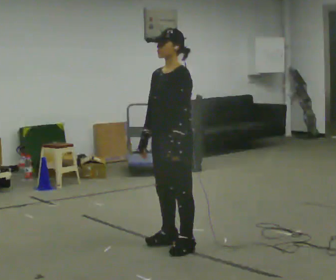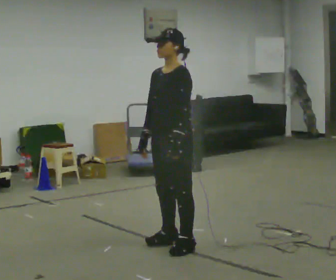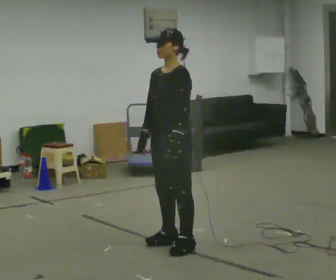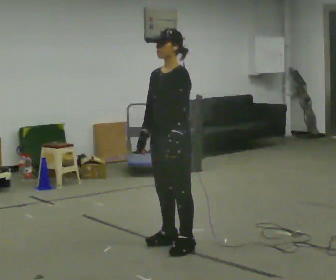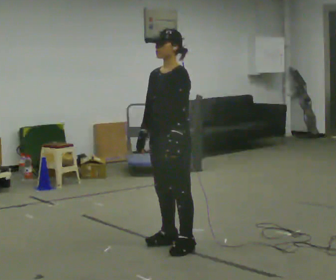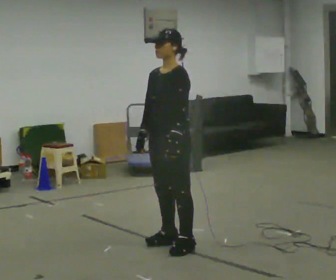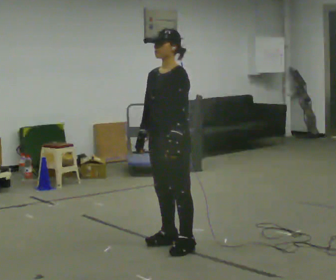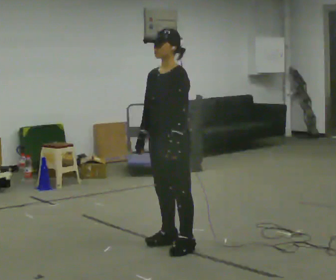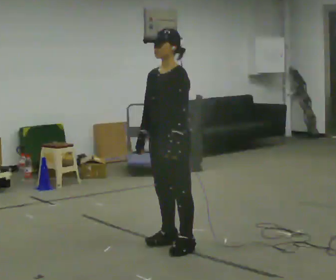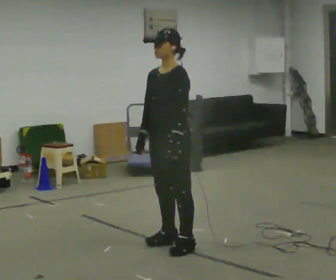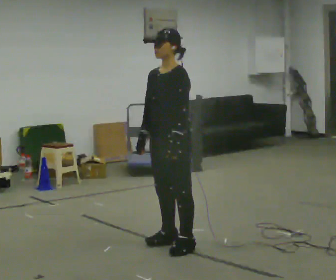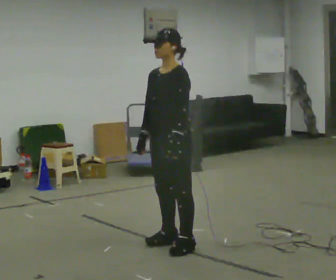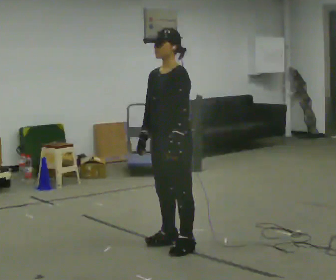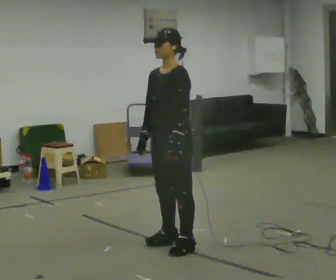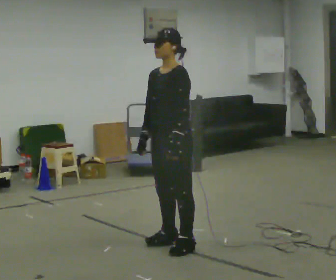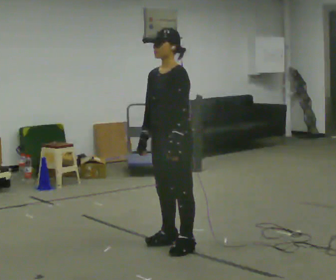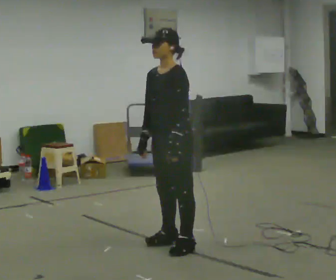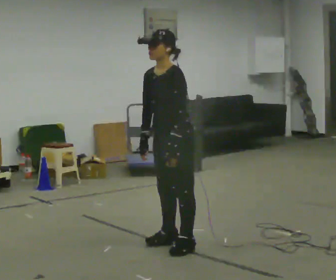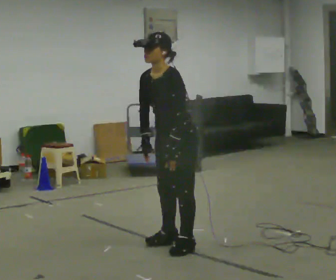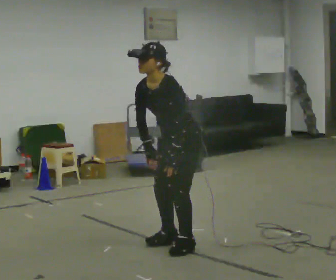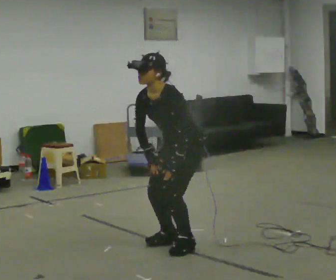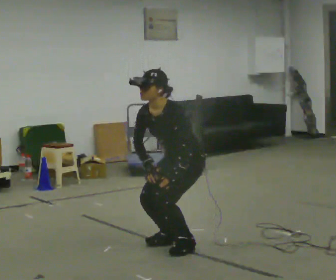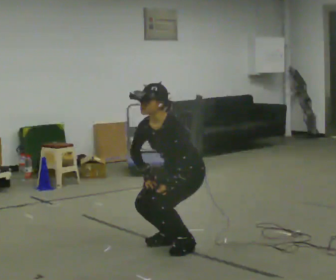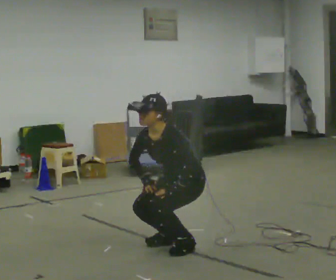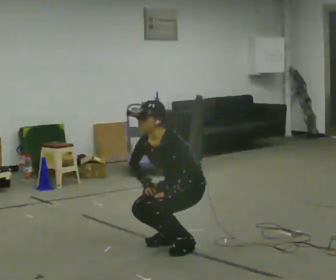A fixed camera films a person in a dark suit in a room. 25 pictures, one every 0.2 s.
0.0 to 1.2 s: The person keeps their place and pose.
1.2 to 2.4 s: The person moves a little, or ends about where they began.
2.4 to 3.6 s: In the picture the upper body tilts counterclockwise, shoulders to the left, as they bend forward.
3.6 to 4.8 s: The upper body goes downward. In the picture their left hand goes downward.
The film runs forward here.
